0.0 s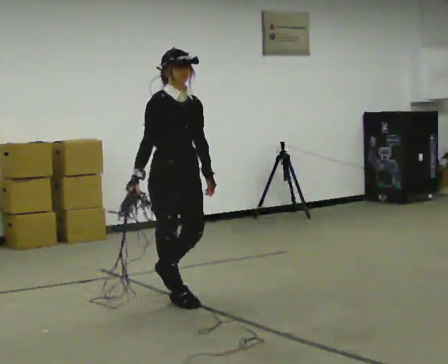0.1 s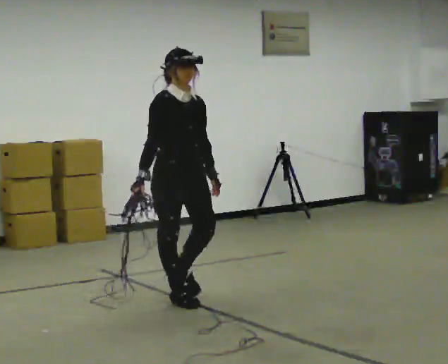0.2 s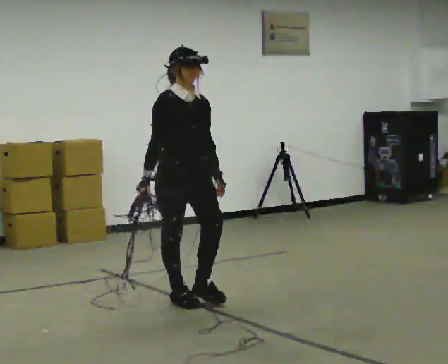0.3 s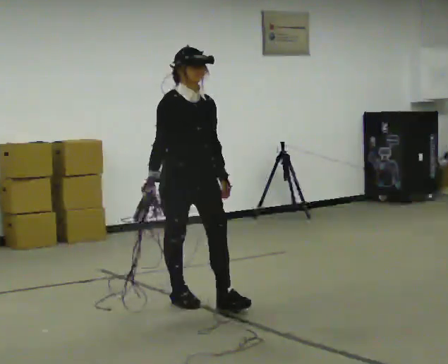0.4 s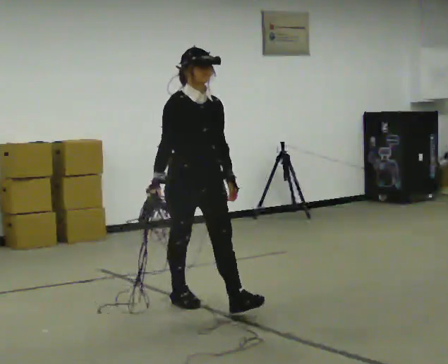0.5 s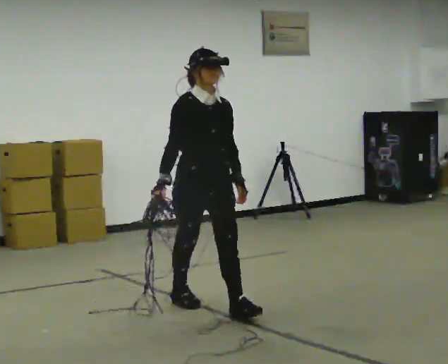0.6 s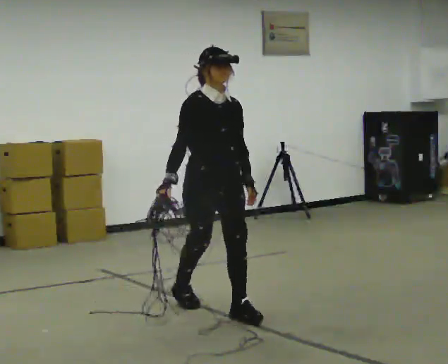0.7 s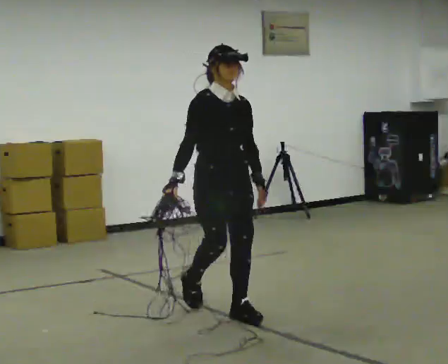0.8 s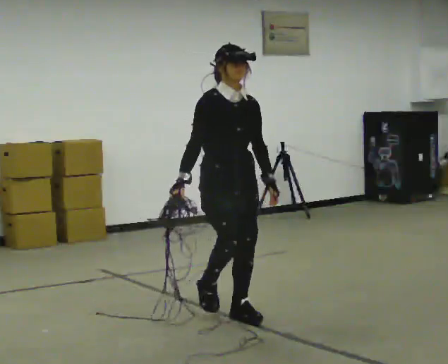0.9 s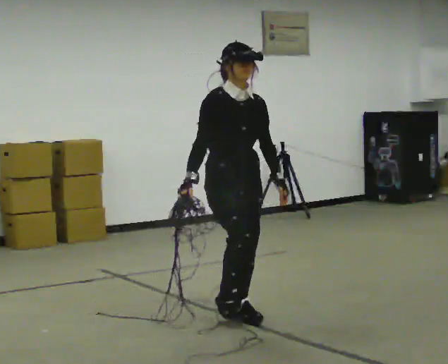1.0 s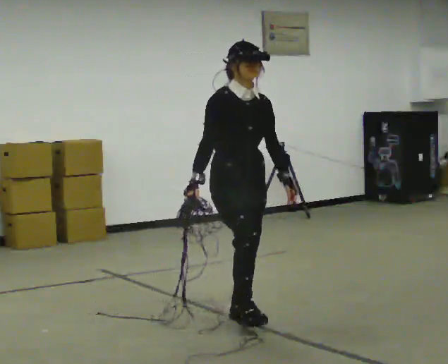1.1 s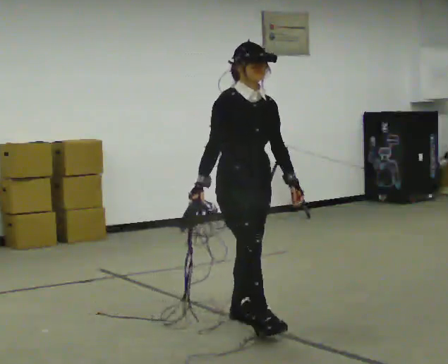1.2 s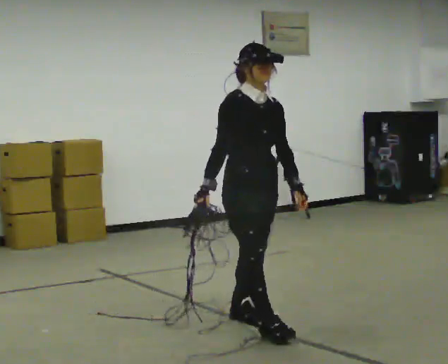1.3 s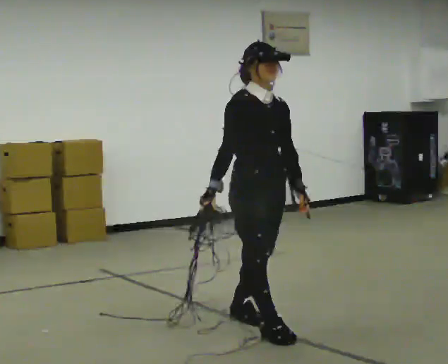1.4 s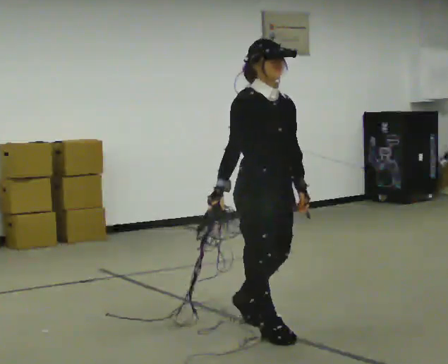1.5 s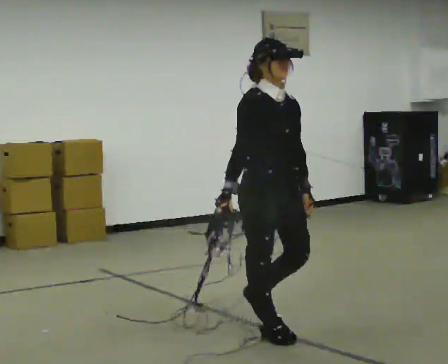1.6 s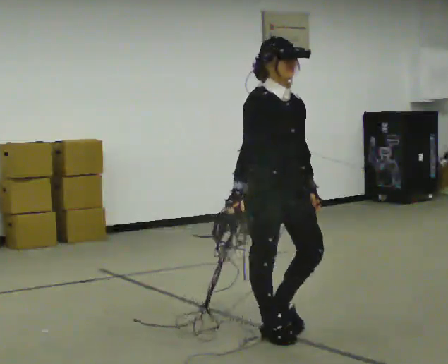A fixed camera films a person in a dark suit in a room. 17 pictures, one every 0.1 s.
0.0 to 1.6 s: In the picture they go toward the camera and to the right, about 1 m in 2 steps, which for them is forward.
The film runs forward here.
